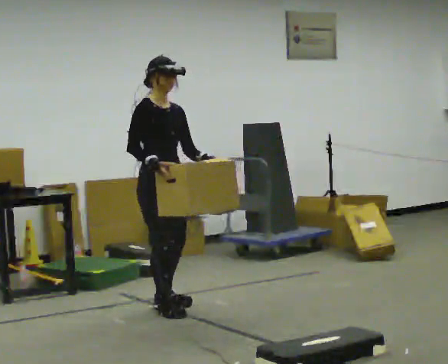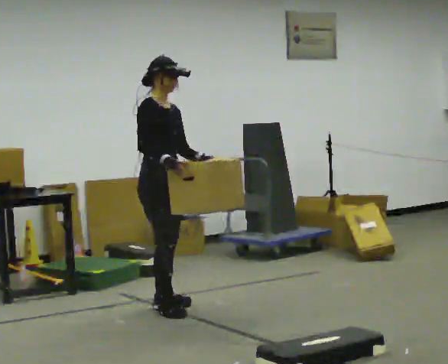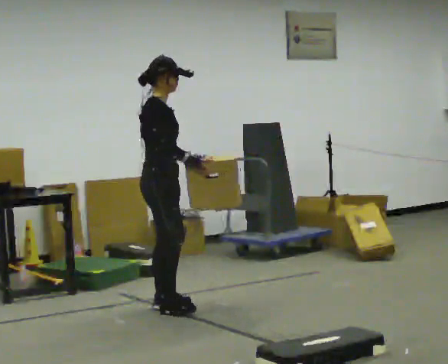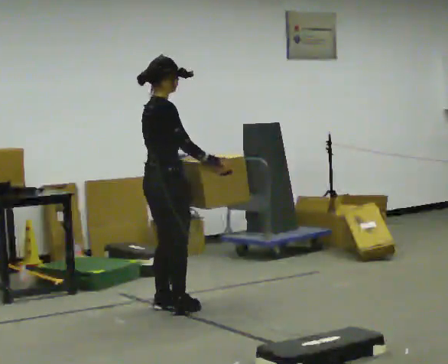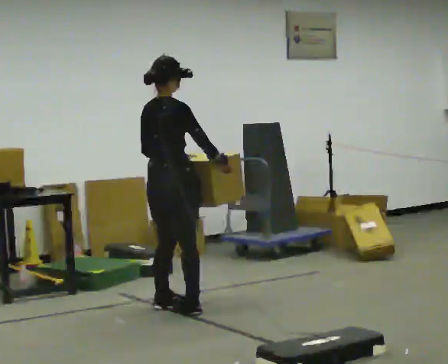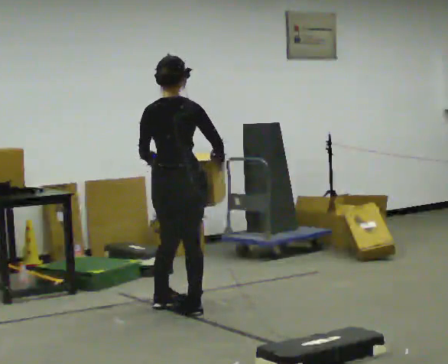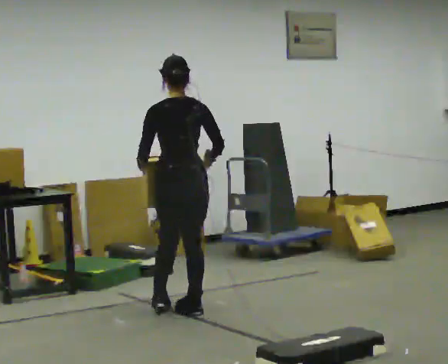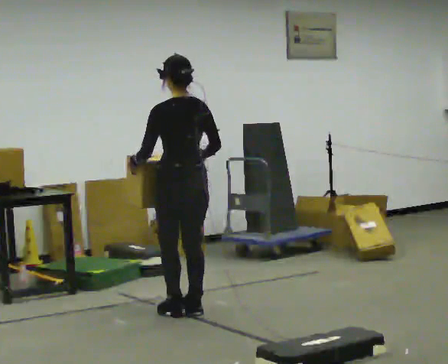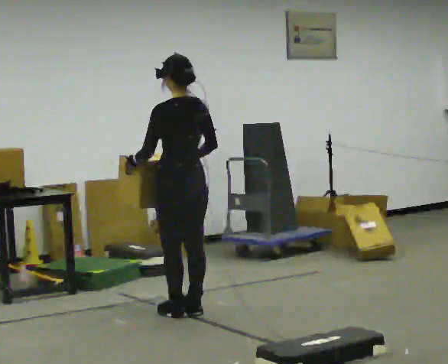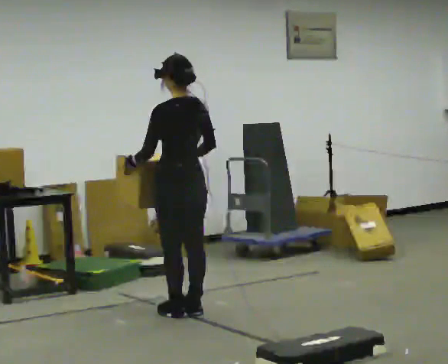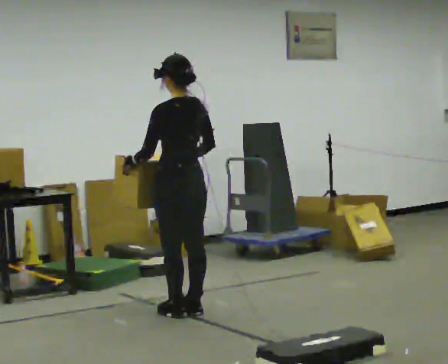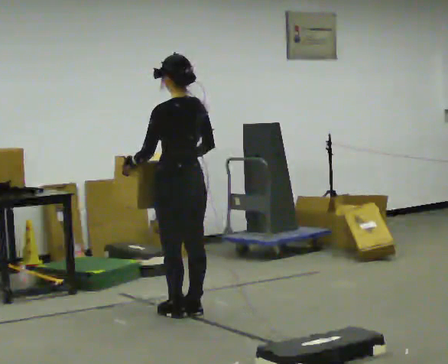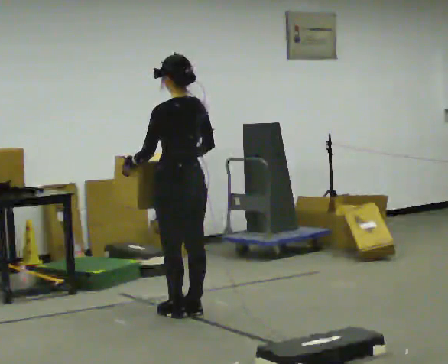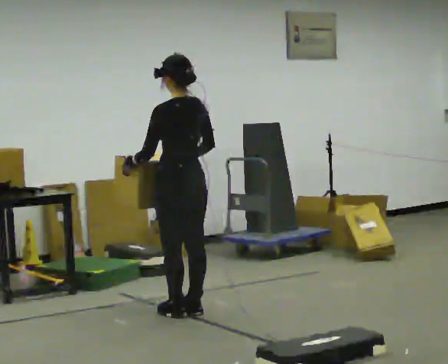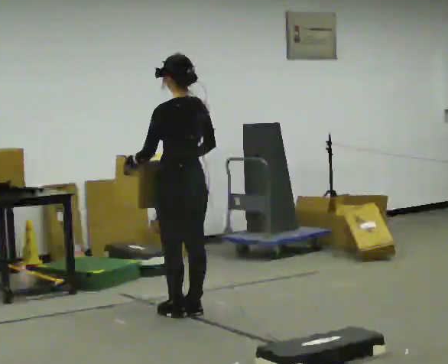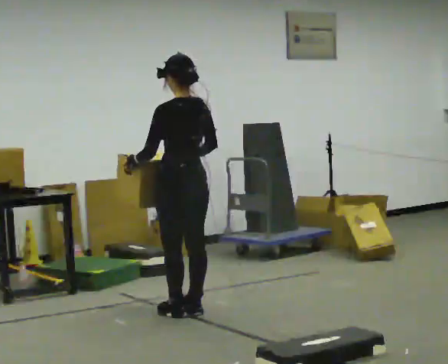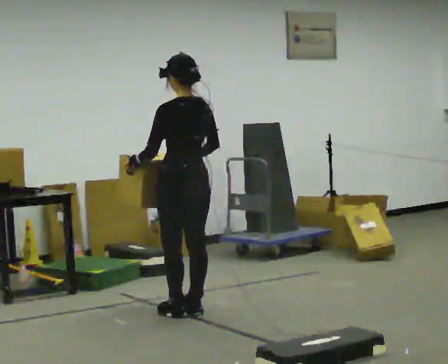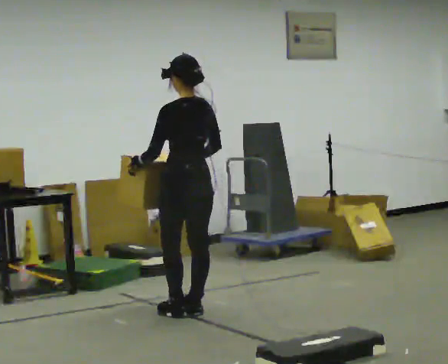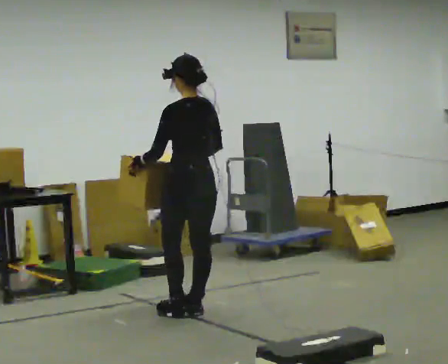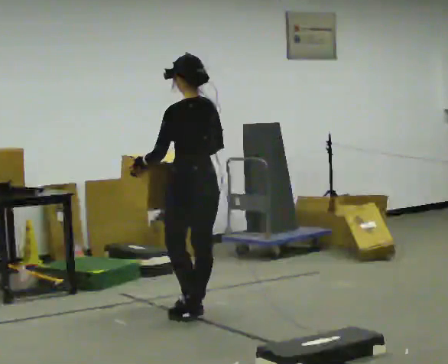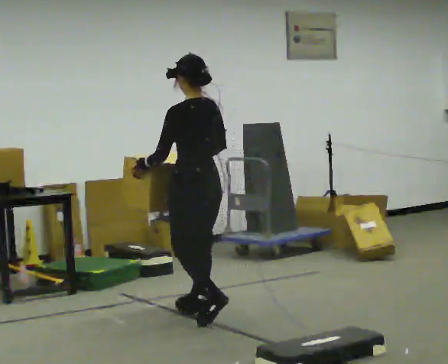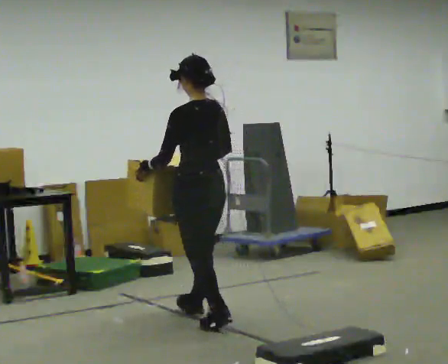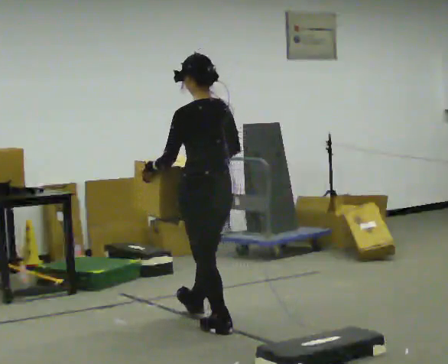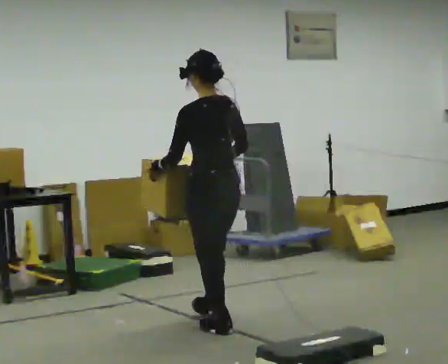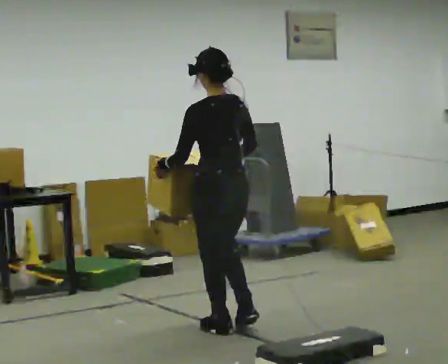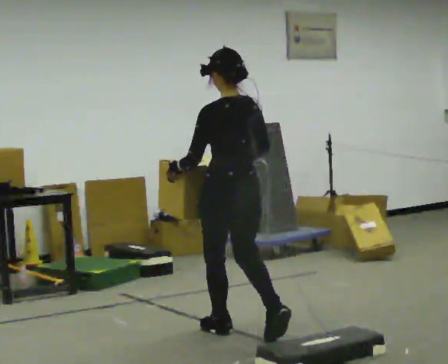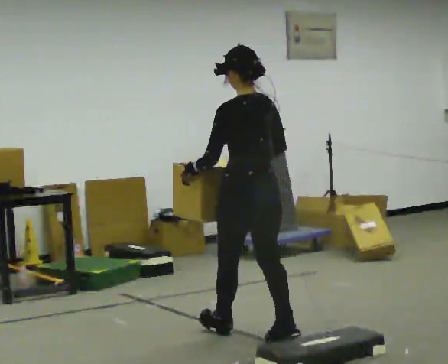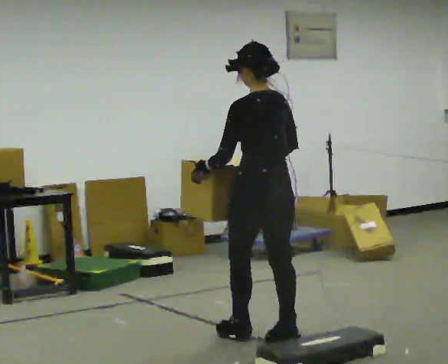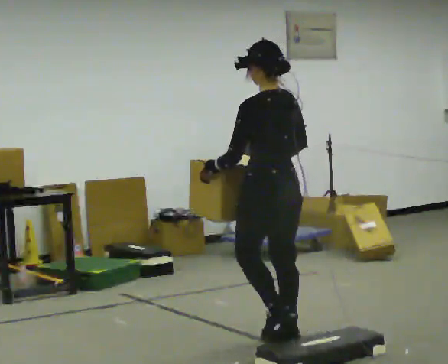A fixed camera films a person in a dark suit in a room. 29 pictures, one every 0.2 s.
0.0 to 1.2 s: The part of the body nearest the lens slides to the right as the person turns to their left by about 135 degrees. In the picture their right hand goes to the right.
1.2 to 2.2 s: The person turns about 45 degrees to their left, counterclockwise seen from above, so the part of the body nearest the lens slides to the right.
2.2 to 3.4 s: The person moves a little, or ends about where they began.
3.4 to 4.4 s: In the picture they go toward the camera, about 0.25 m in 1 step, which for them is backward.
4.4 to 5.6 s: In the picture they go toward the camera and to the right, about 0.5 m in 2 steps, which for them is backward.
The film runs backward here.
